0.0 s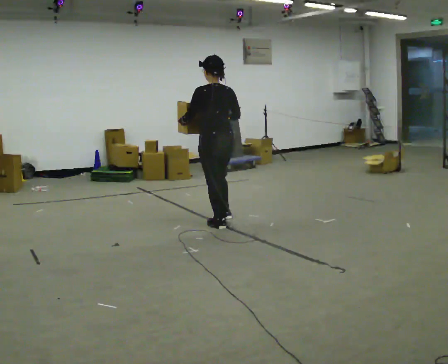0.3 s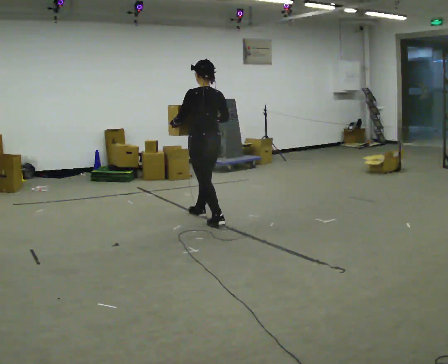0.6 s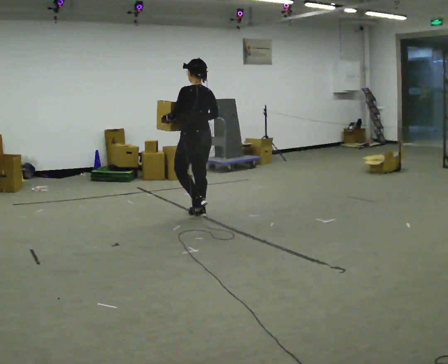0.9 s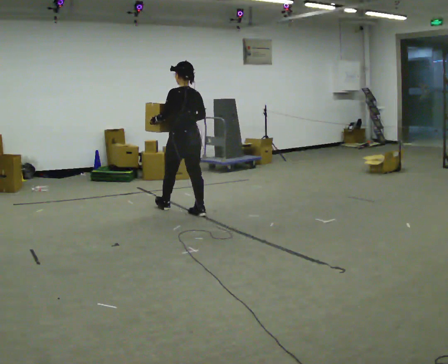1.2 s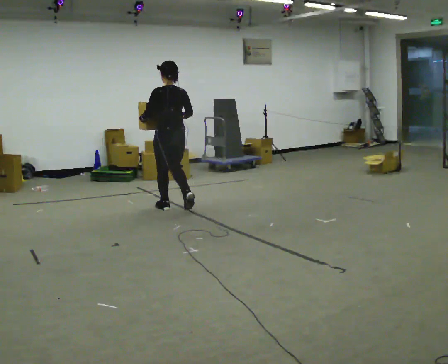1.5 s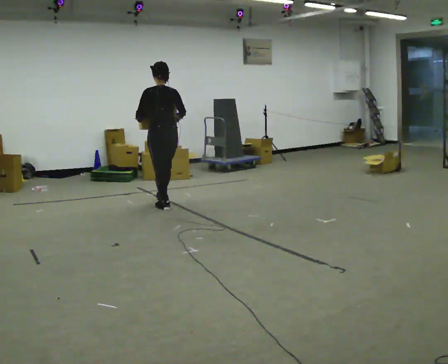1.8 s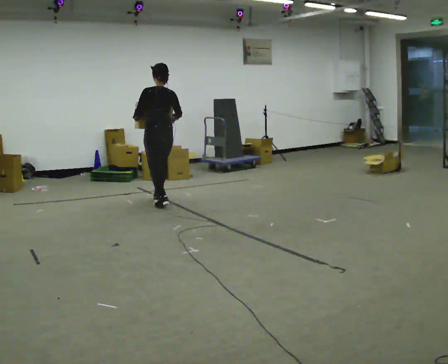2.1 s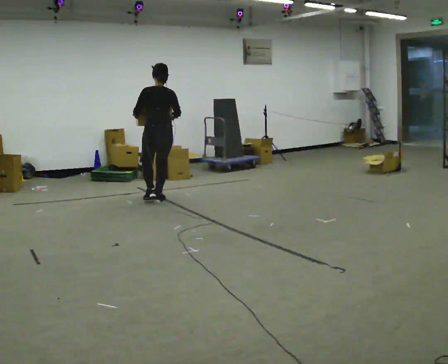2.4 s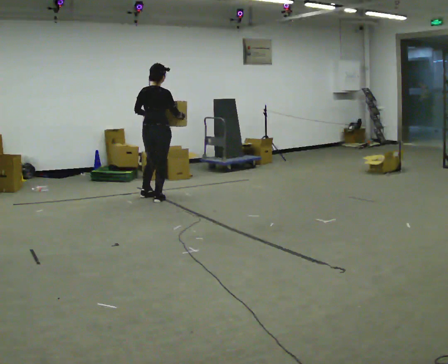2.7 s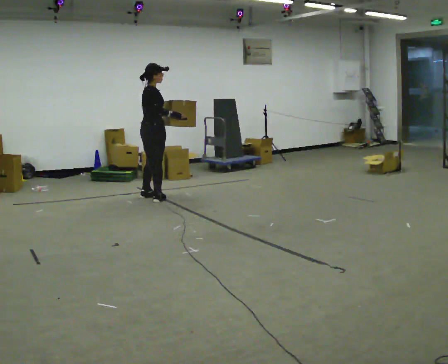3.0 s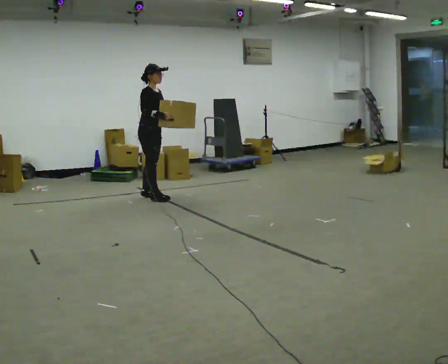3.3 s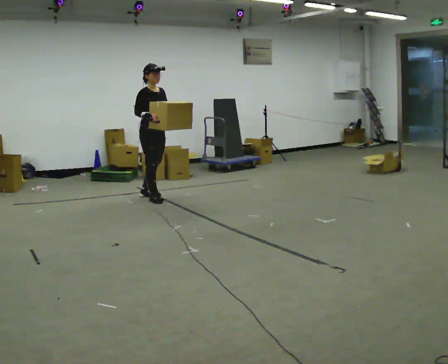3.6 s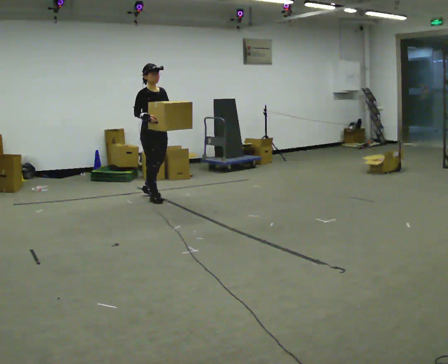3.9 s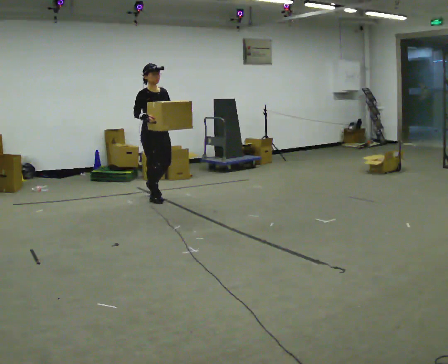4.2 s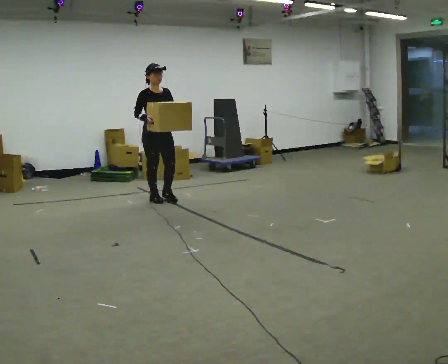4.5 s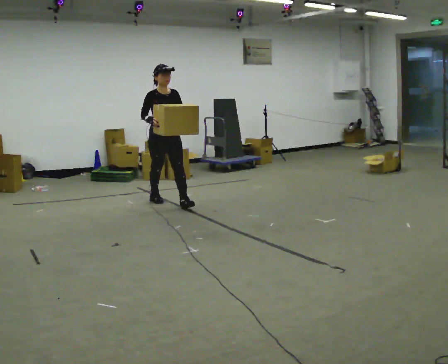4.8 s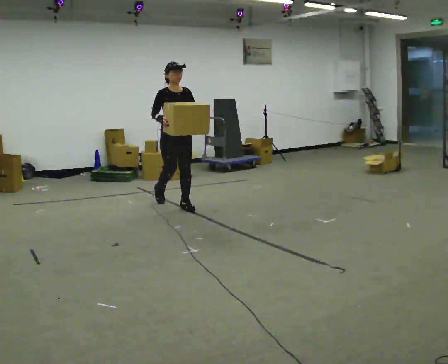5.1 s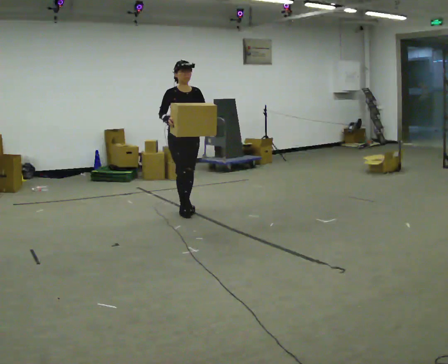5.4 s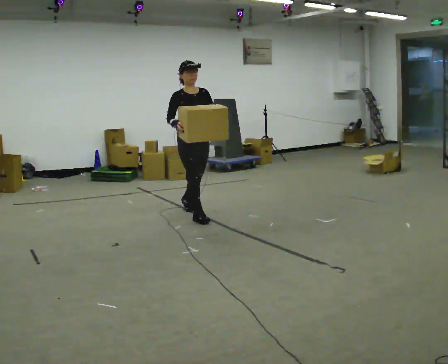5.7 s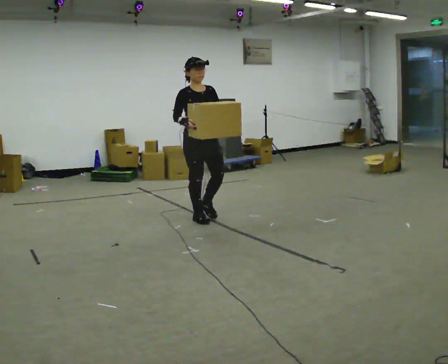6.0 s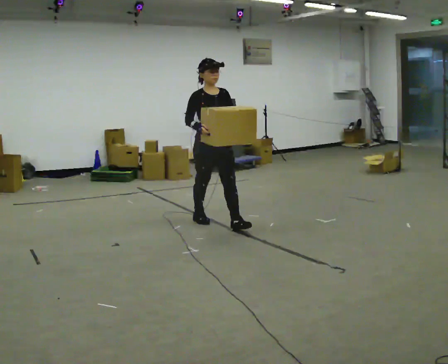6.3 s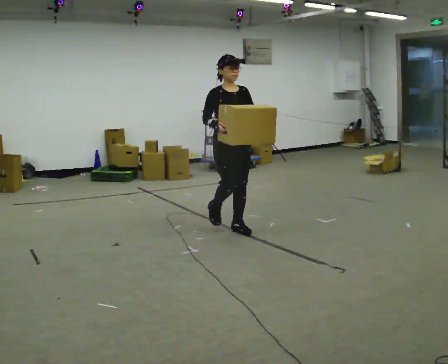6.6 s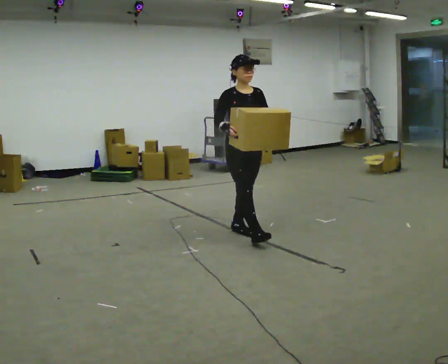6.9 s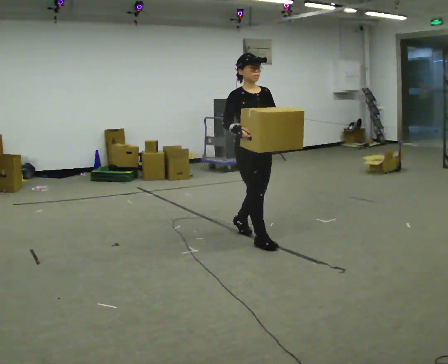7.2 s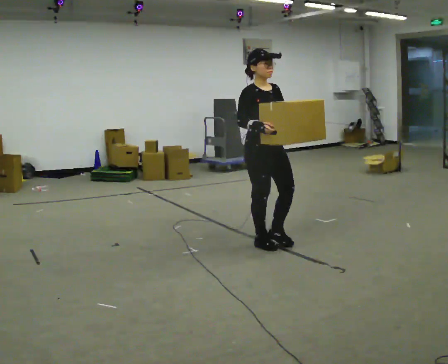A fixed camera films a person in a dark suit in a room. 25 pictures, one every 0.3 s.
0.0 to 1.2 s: In the picture they go away from the camera and to the left, about 1 m in 2 steps, which for them is forward.
1.2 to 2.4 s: The person turns about 60 degrees to their right, clockwise seen from above, so the part of the body nearest the lens slides to the left. In the picture they go away from the camera, about 0.5 m in 2 steps, which for them is forward.
2.4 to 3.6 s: The person turns about 105 degrees to their right, clockwise seen from above, so the part of the body nearest the lens slides to the left. In the picture their right hand goes to the left.
3.6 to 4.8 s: The person turns about 30 degrees to their right, clockwise seen from above, so the part of the body nearest the lens slides to the left. In the picture they go toward the camera and to the right, about 0.5 m in 1 step, which for them is forward.
4.8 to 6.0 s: In the picture they go toward the camera and to the right, about 1 m in 2 steps, which for them is forward.
6.0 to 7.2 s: In the picture they go toward the camera and to the right, about 1 m in 1 step, which for them is forward.
The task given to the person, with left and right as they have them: Carry the heavy box in both hands in front of you, walking back and forth across the room. Keep walking until the operator says stop. Set it down if you need a rest.
The film runs forward here.
